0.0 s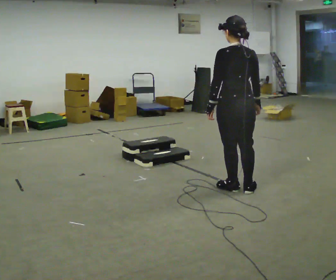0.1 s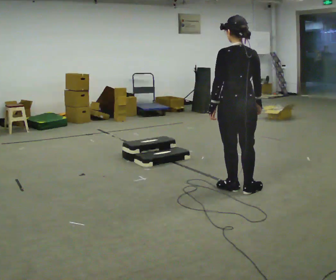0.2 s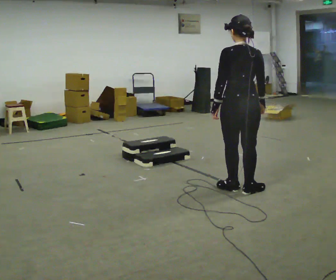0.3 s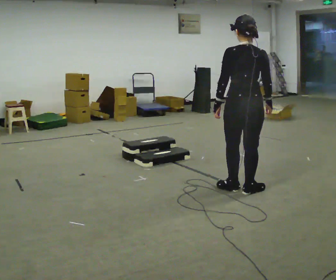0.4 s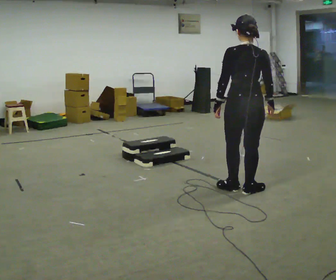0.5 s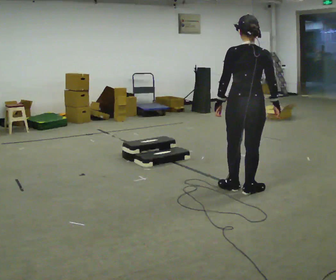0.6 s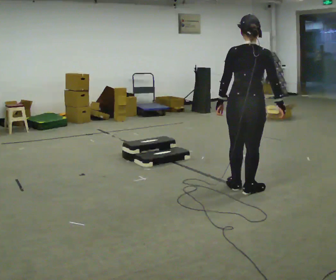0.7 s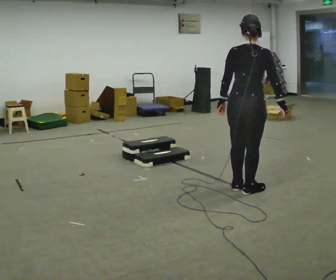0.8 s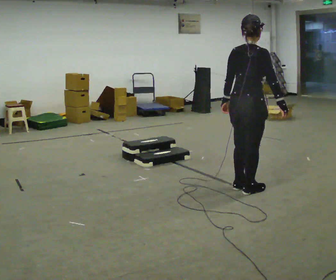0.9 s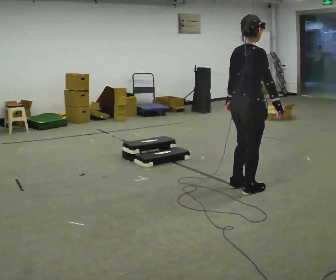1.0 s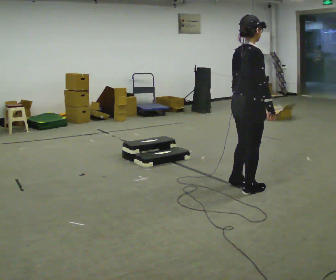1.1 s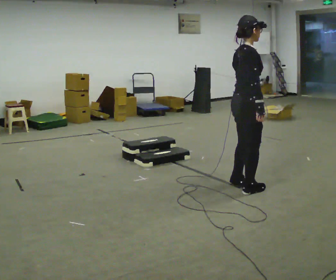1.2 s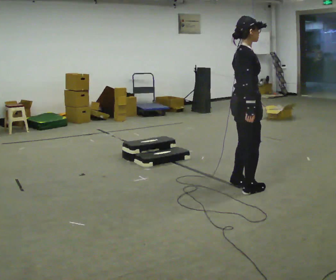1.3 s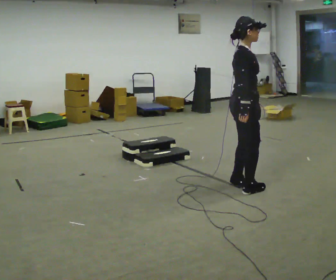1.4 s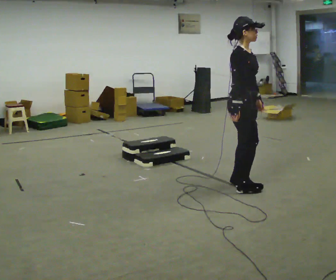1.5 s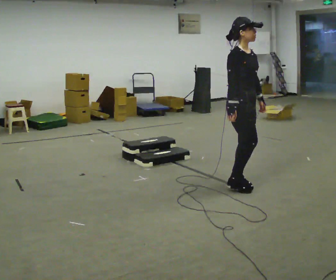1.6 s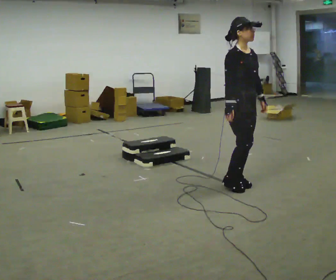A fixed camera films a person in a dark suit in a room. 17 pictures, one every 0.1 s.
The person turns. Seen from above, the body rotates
clockwise.
The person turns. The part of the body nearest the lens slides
to the left.
0.0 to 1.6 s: The person turns about 135 degrees to their right, clockwise seen from above, so the part of the body nearest the lens slides to the left. In the picture they go away from the camera, about 0.25 m in 2 steps. In the picture their left hand goes to the right, the arm swinging counterclockwise.
The film runs backward here.
